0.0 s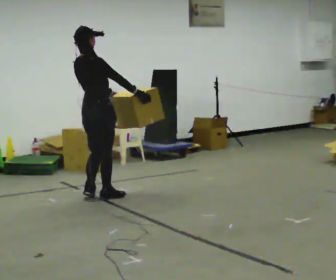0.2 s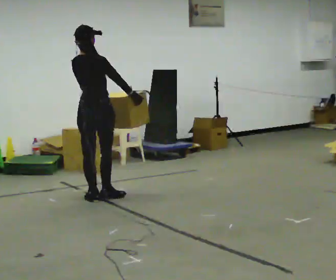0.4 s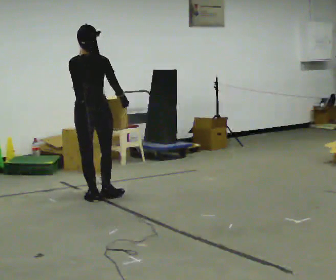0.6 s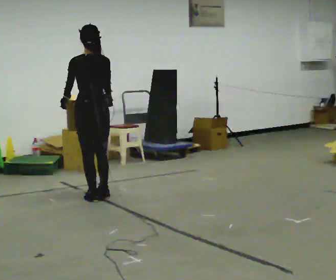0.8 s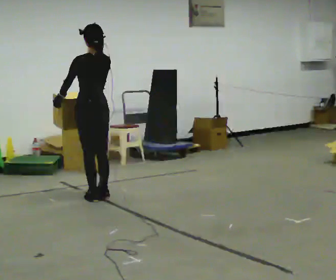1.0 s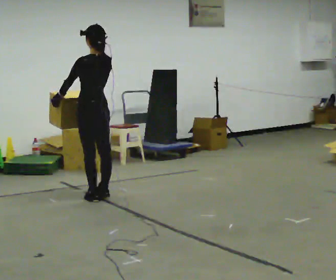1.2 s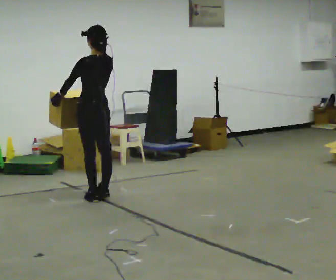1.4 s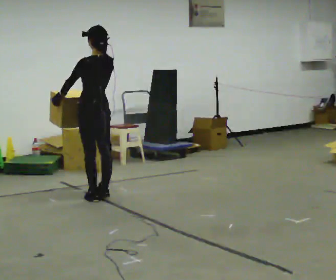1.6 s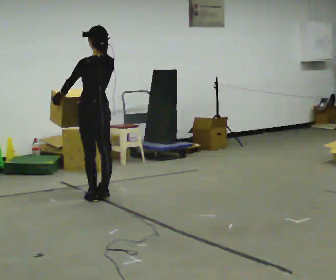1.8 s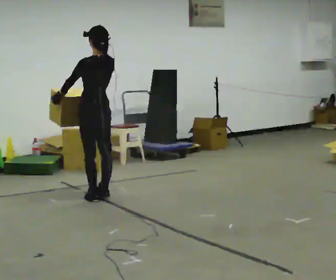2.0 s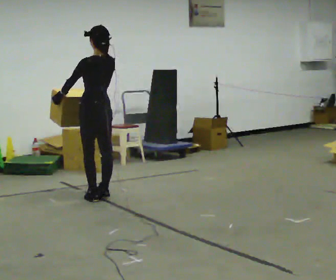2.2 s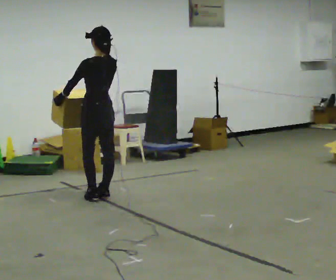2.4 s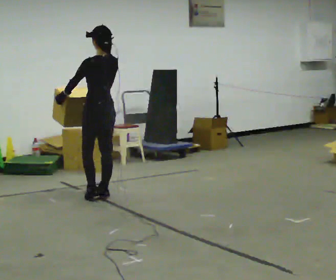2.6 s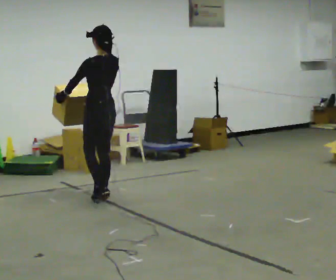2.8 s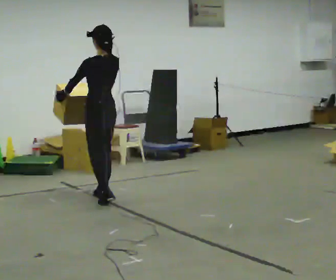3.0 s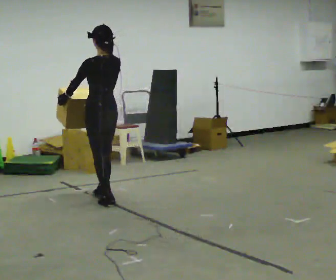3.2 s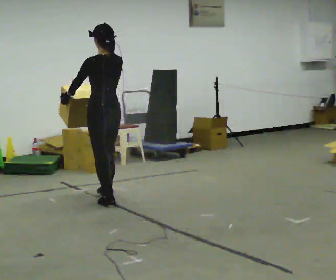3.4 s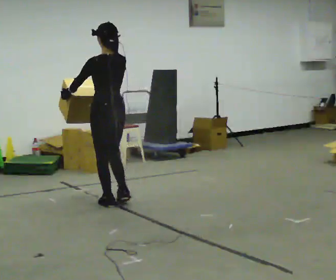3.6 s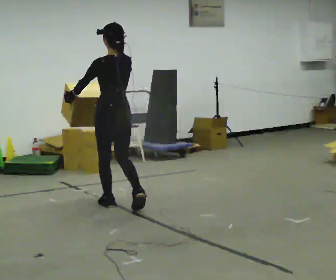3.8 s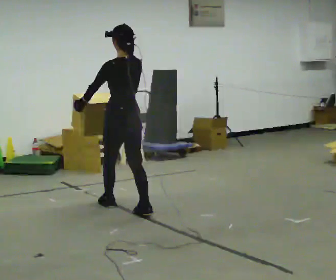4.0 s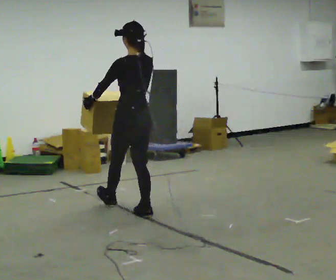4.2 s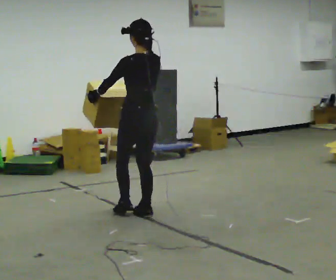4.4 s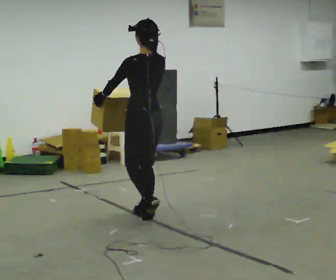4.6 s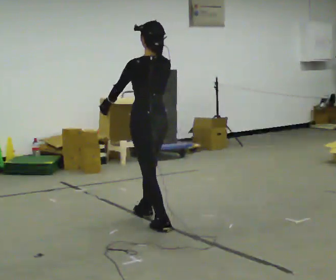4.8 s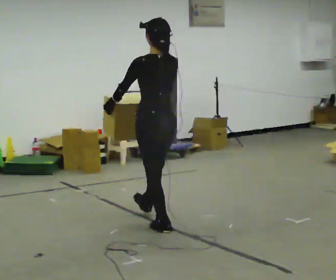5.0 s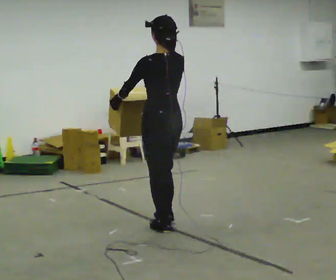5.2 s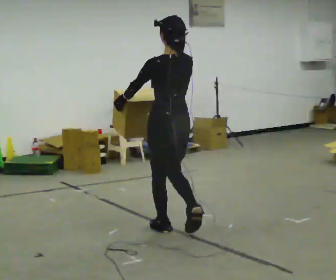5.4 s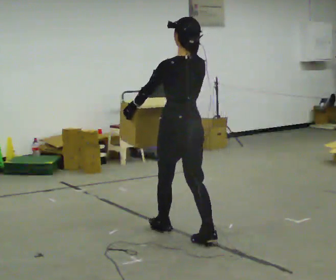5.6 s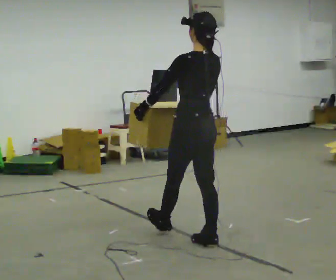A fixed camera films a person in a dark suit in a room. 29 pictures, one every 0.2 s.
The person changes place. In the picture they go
toward the camera.
0.0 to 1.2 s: Seen from above the body turns counterclockwise, about 90 degrees: to their left, with its near side sliding to the right. In the picture their right hand goes to the left, the arm swinging clockwise.
1.2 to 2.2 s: The person moves a little, or ends about where they began.
2.2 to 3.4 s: In the picture they go toward the camera, about 0.25 m in 2 steps, which for them is backward.
3.4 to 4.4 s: In the picture they go toward the camera and to the right, about 0.5 m in 1 step, which for them is backward.
4.4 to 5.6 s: In the picture they go toward the camera, about 1 m in 2 steps, which for them is backward.
The film runs backward here.
